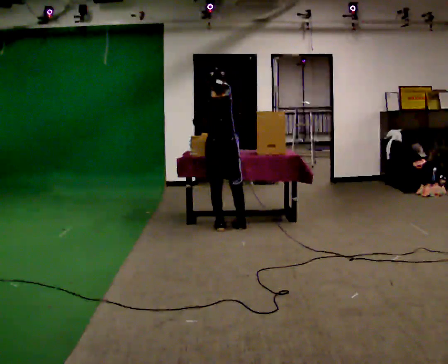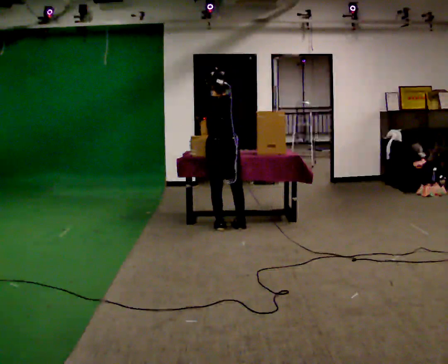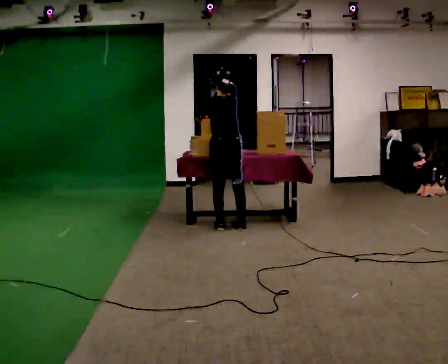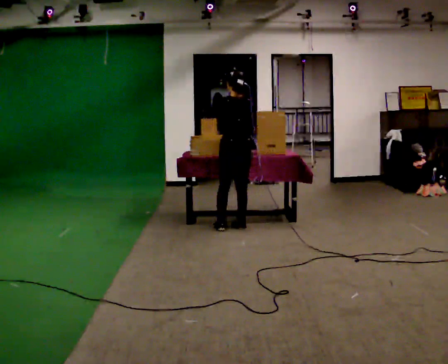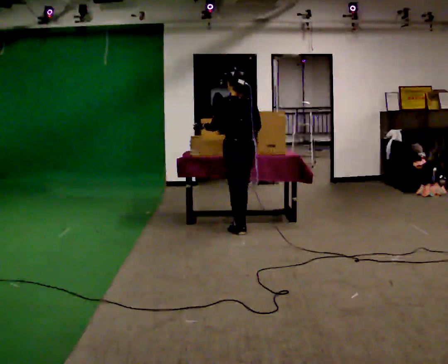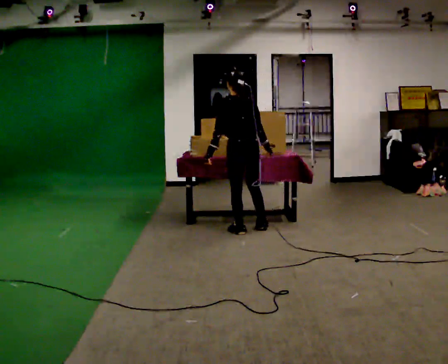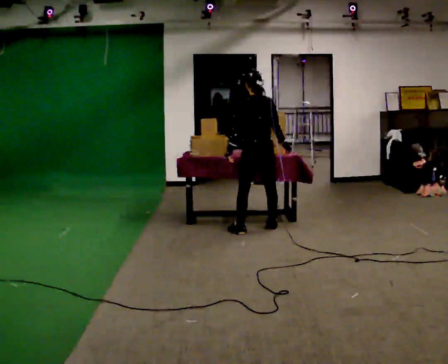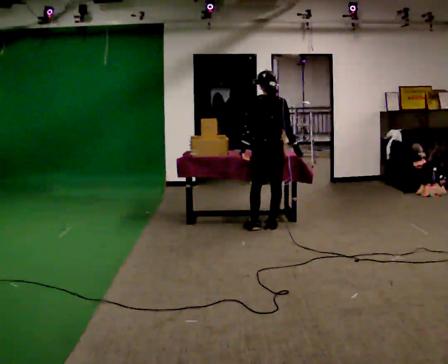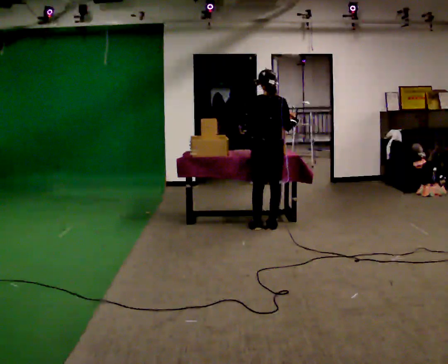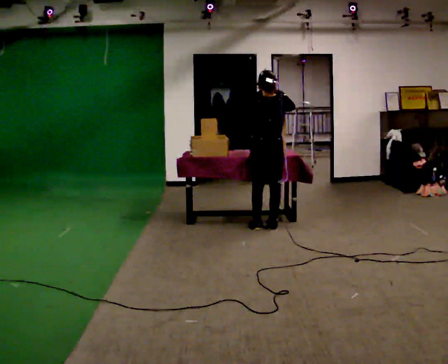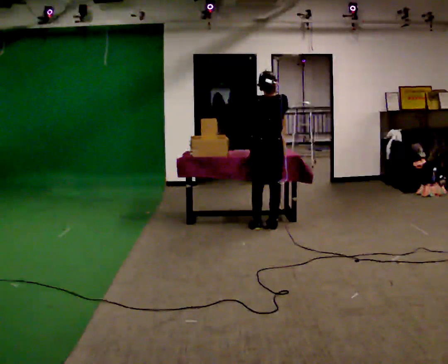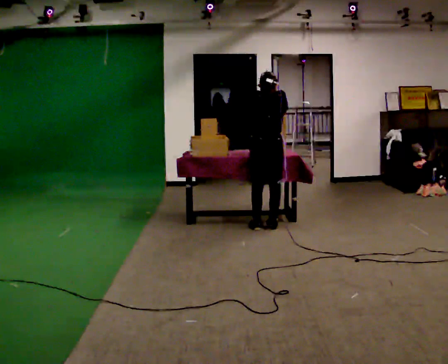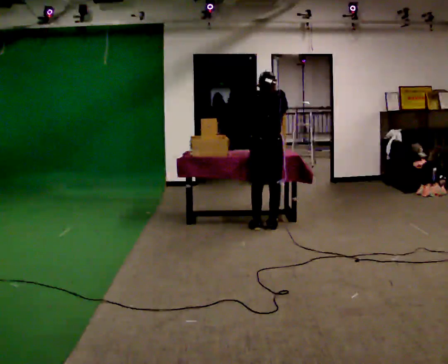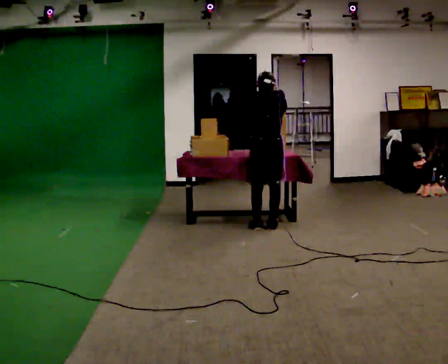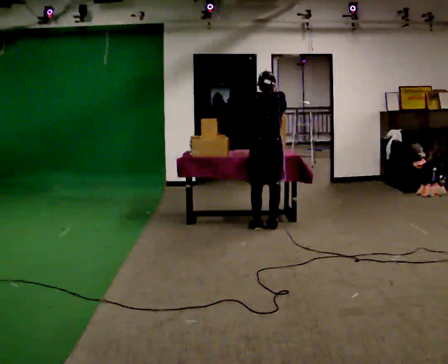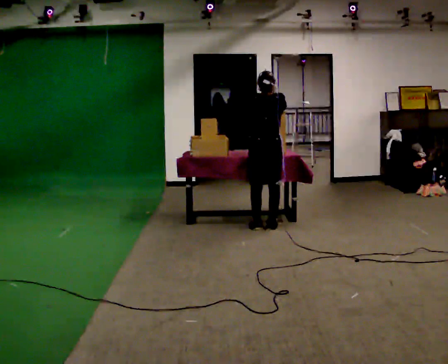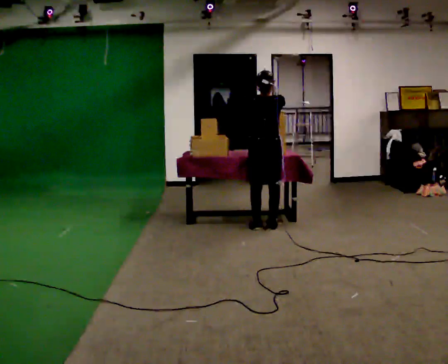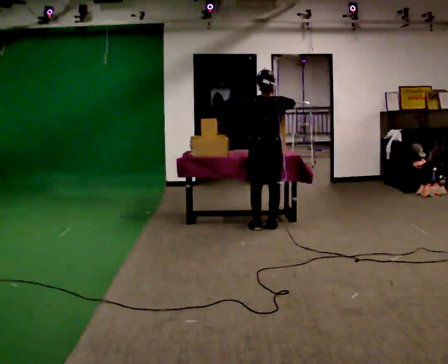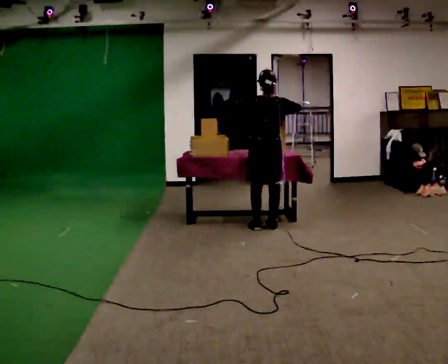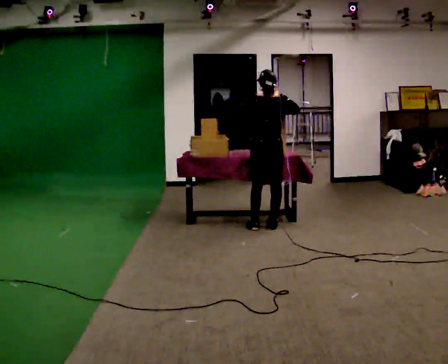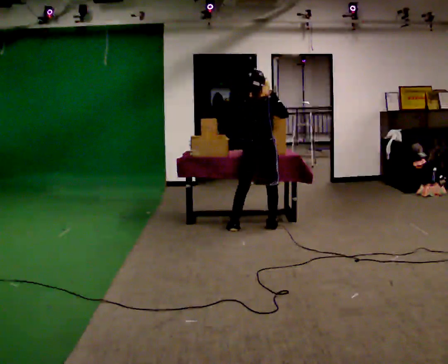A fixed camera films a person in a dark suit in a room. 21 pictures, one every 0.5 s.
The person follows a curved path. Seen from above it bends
counterclockwise.
0.0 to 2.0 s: In the picture they go to the right, about 0.25 m in 1 step, which for them is to their right.
2.0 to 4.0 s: In the picture they go to the right, about 0.25 m in 2 steps, which for them is to their right.
4.0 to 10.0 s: The person moves a little, or ends about where they began.
The film runs backward here.
